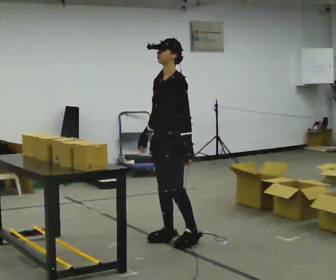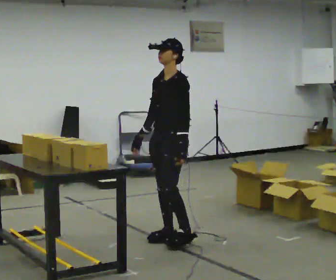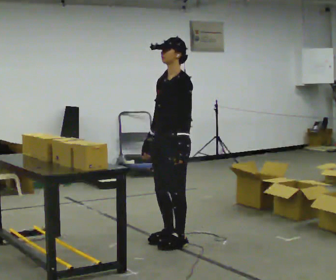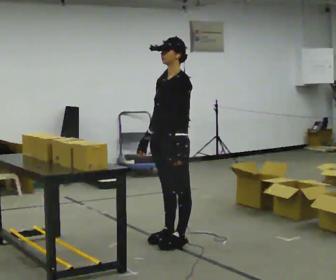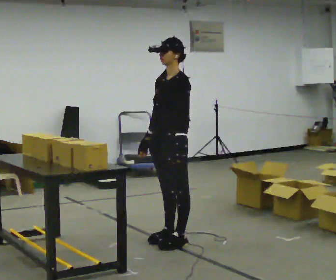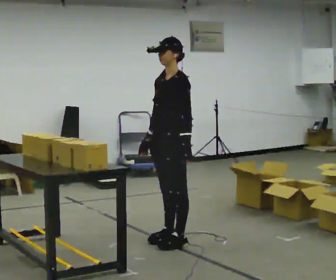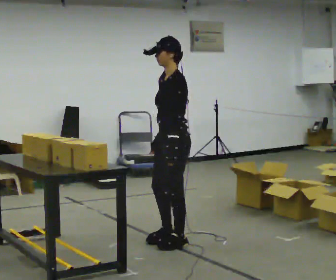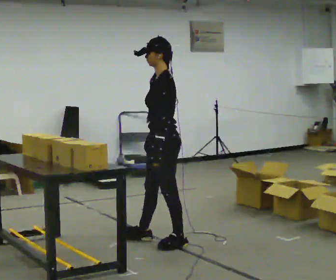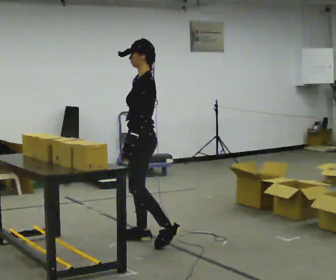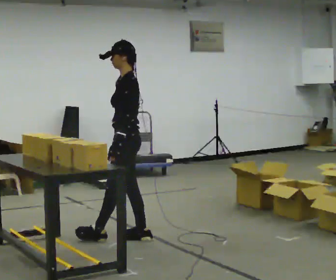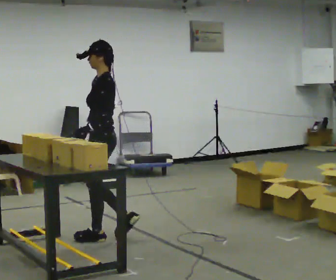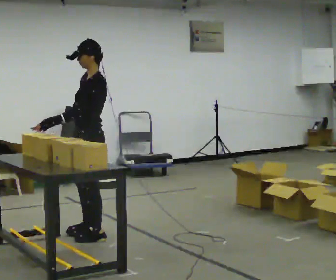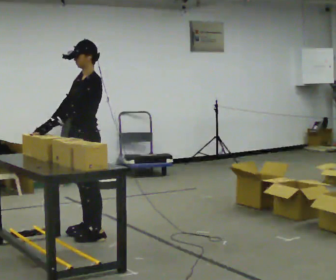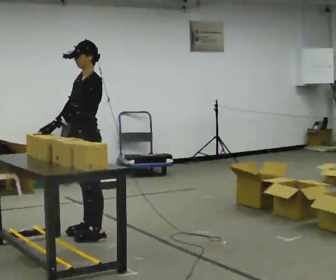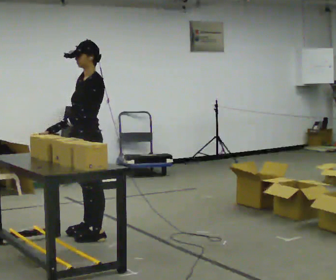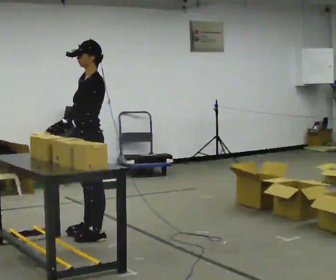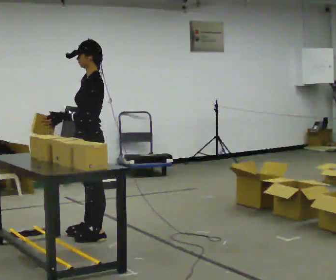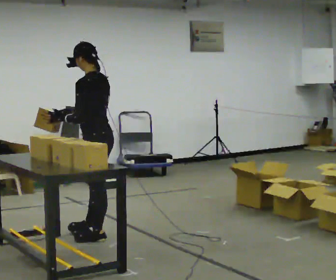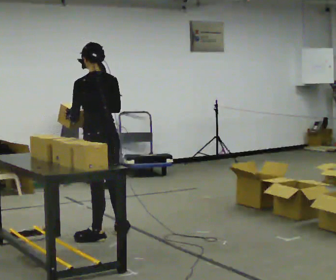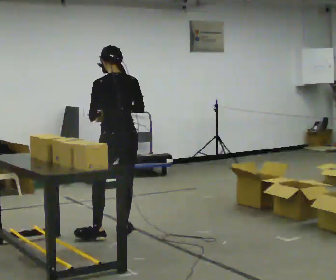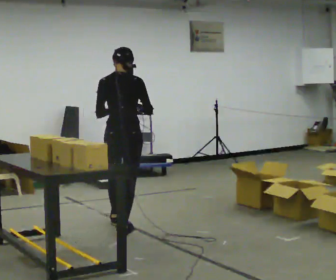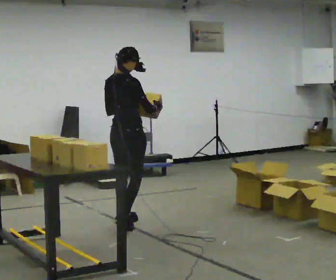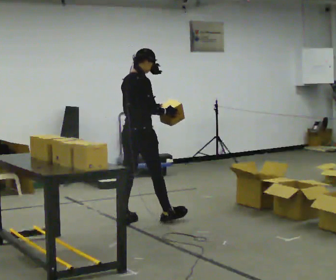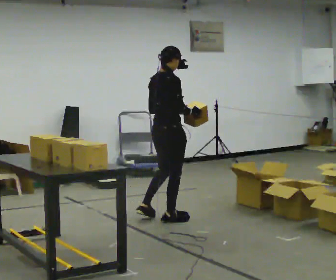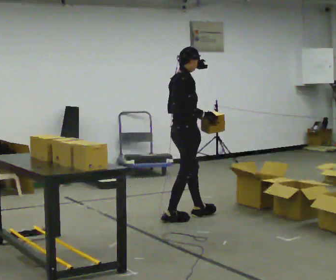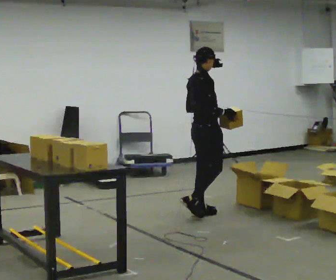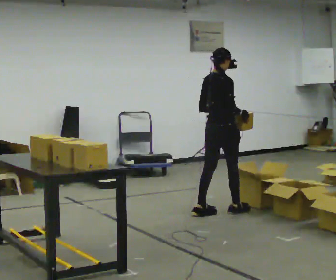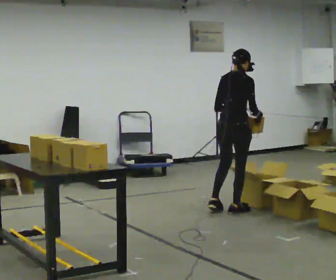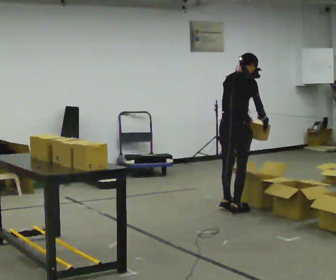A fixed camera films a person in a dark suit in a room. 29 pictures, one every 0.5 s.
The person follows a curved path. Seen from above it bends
clockwise.
0.0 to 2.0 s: The person moves a little, or ends about where they began.
2.0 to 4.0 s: The person turns about 30 degrees to their right, clockwise seen from above, so the part of the body nearest the lens slides to the left. In the picture they go to the left, about 0.25 m in 1 step, which for them is forward. In the picture their left hand goes to the left.
4.0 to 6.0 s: In the picture they go to the left, about 0.5 m in 2 steps, which for them is forward.
6.0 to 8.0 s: The person moves a little, or ends about where they began.
8.0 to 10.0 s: The person turns about 105 degrees to their right, clockwise seen from above, so the part of the body nearest the lens slides to the left. In the picture they go to the right and away from the camera, about 0.25 m in 1 step.
10.0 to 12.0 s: The person turns about 60 degrees to their right, clockwise seen from above, so the part of the body nearest the lens slides to the left. In the picture they go to the right and away from the camera, about 0.5 m in 3 steps.
12.0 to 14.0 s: In the picture they go to the right and away from the camera, about 0.5 m in 2 steps, which for them is forward.
The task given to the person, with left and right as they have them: Take each object from the table and put it in the bin that matches it, walking between the bins. Keep going until the operator says stop; one object at a time, and do not rush between trips.
The film runs forward here.
